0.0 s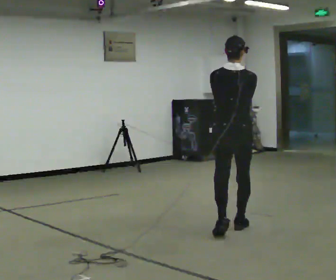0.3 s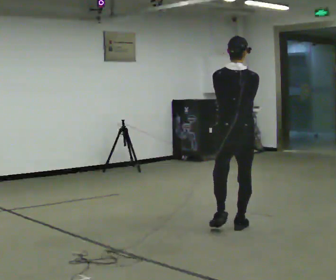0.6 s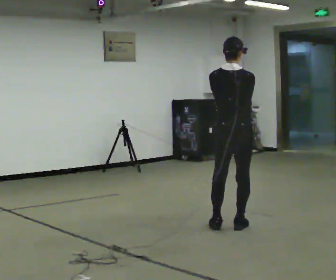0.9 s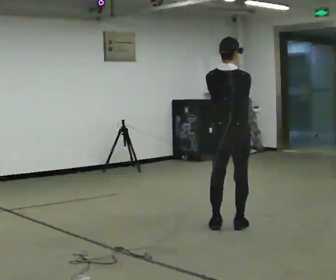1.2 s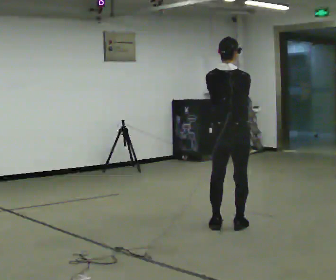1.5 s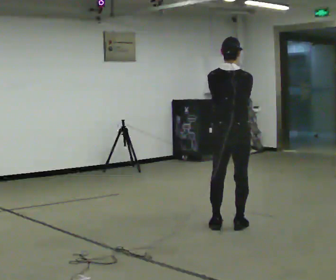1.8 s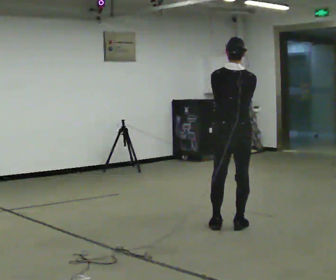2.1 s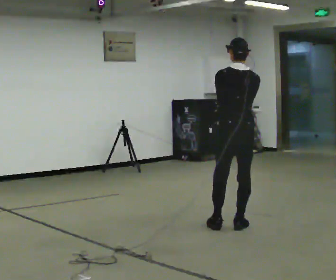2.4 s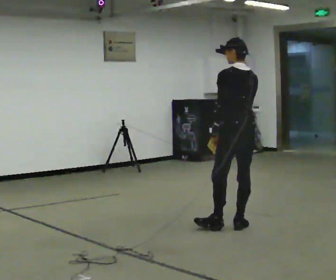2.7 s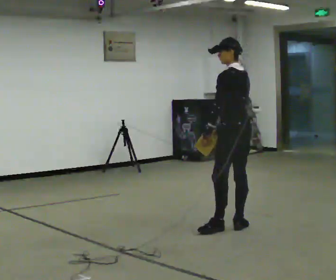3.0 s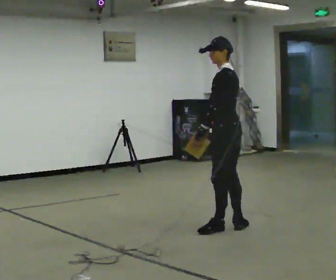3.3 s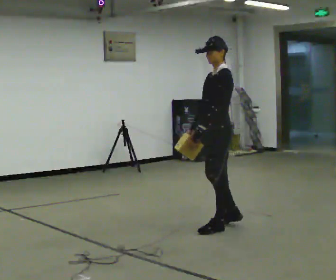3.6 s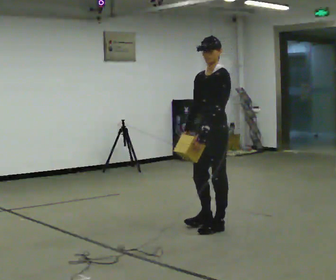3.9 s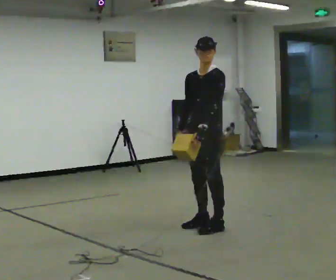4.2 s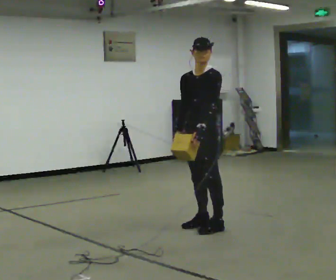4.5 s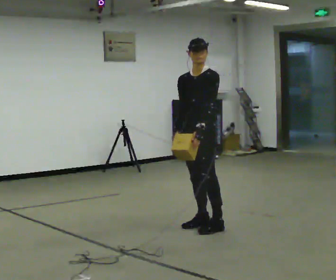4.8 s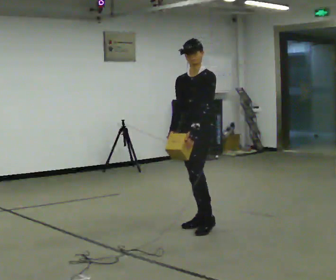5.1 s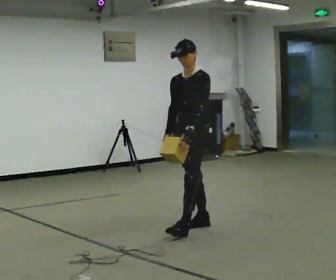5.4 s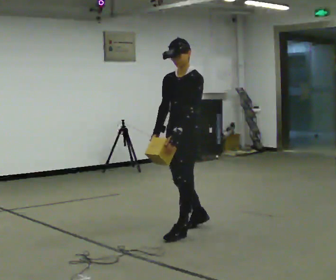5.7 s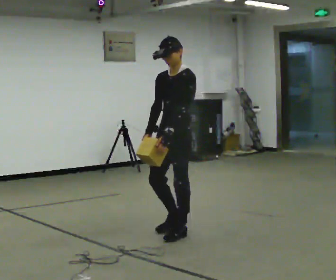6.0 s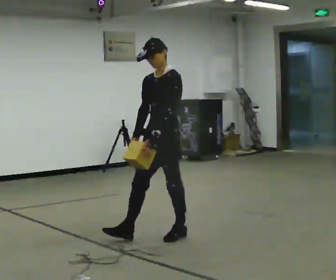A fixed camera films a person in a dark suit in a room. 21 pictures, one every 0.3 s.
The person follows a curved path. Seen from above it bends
counterclockwise.
0.0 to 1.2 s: The person moves a little, or ends about where they began.
1.2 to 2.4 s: The part of the body nearest the lens slides to the right as the person turns to their left by about 45 degrees.
2.4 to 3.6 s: Seen from above the body turns counterclockwise, about 90 degrees: to their left, with its near side sliding to the right. In the picture they go to the left, about 0.25 m. The upper body tips toward the camera, its near side rolling downward. In the picture their right hand goes to the left.
3.6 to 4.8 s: In the picture they go to the left, about 0.25 m in 1 step, which for them is to their right.
4.8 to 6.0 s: In the picture they go toward the camera and to the left, about 0.5 m in 1 step, which for them is forward.
The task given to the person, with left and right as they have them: Carry the light box in both hands in front of you, walking back and forth across the room. Keep walking until the operator says stop.
The film runs forward here.
